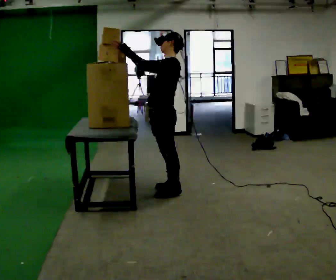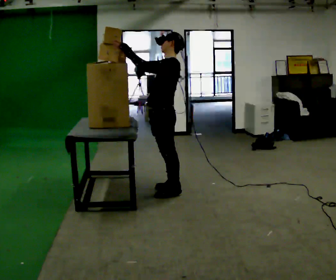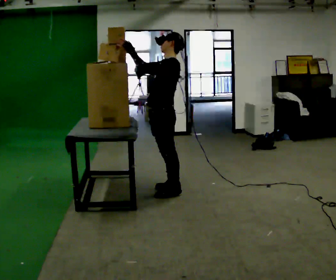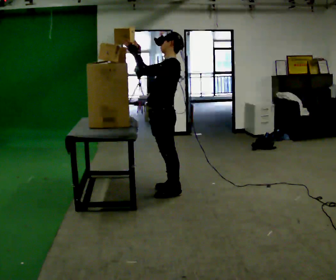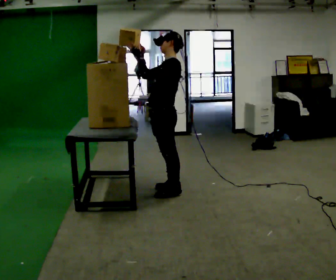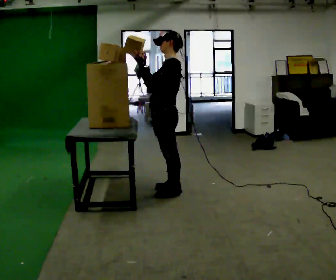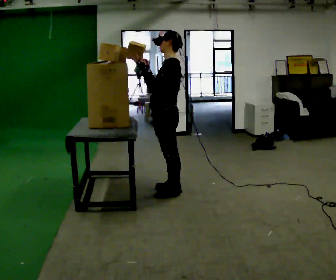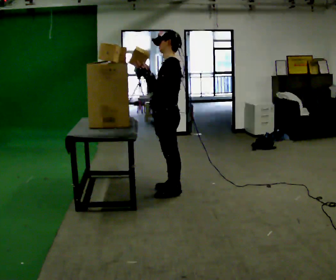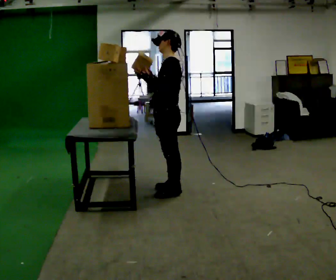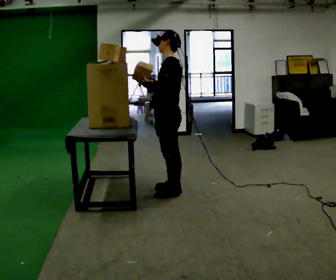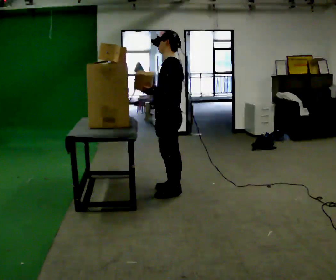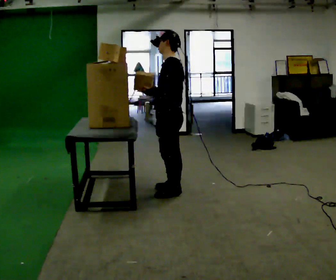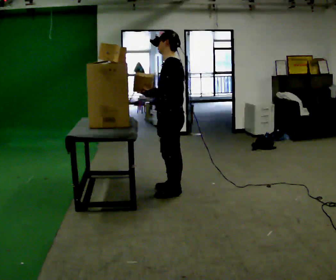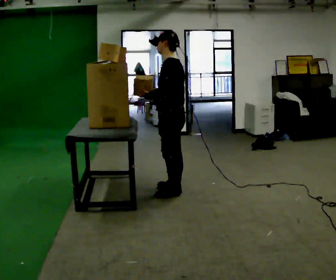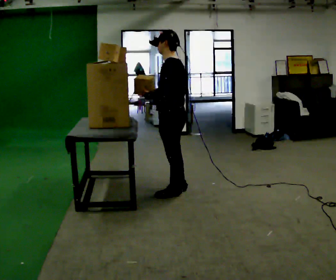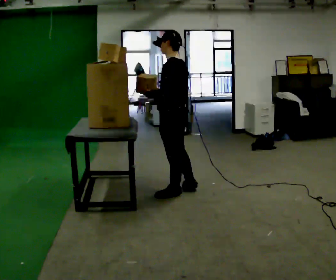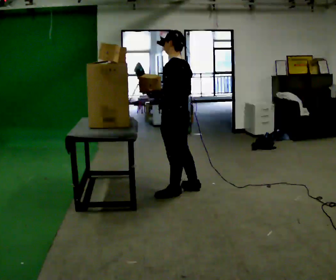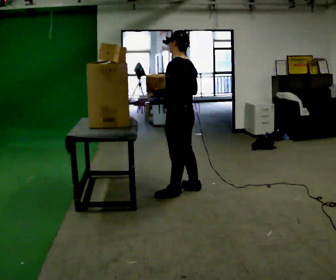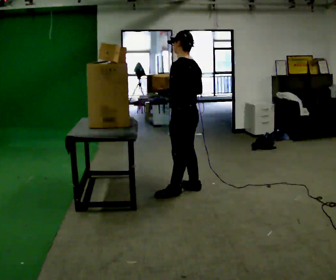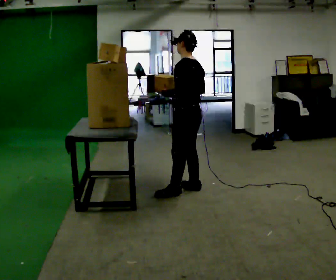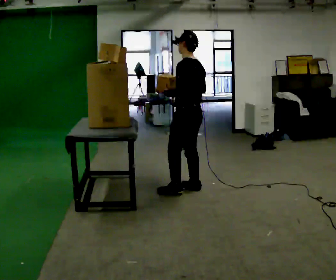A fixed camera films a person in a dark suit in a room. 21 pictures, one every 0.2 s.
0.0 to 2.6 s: In the picture their right hand goes downward.
2.6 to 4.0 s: In the picture they go away from the camera and to the right, about 0.25 m in 1 step, which for them is to their right.
The film runs forward here.
